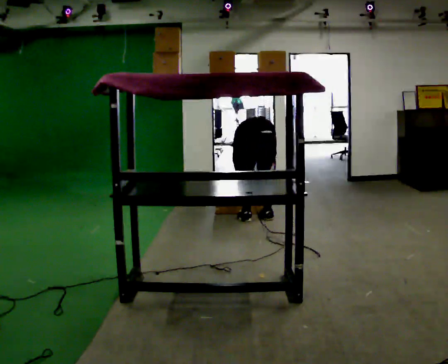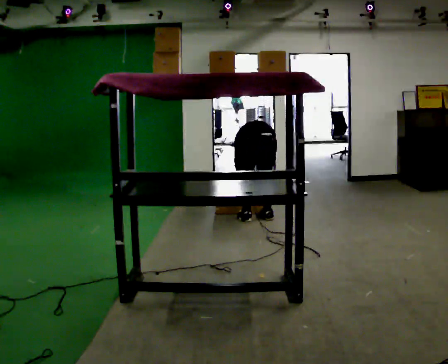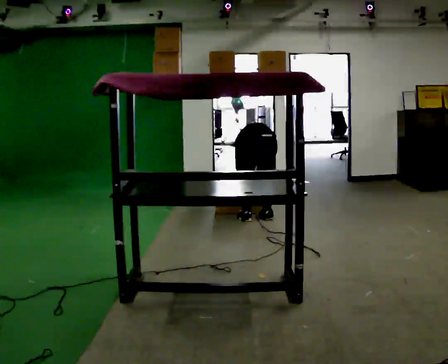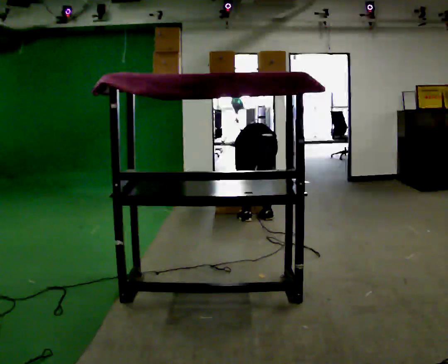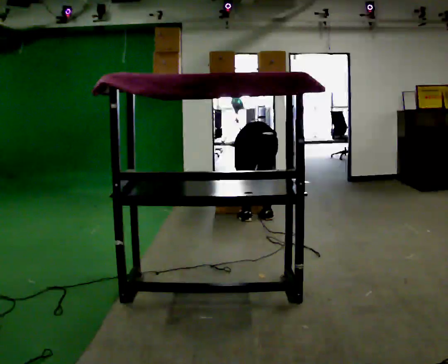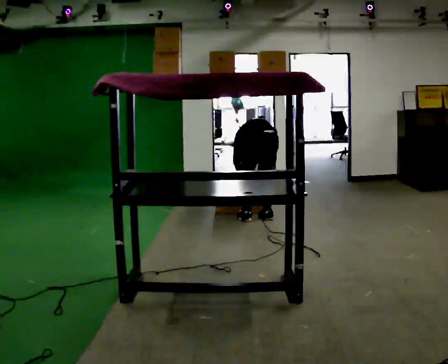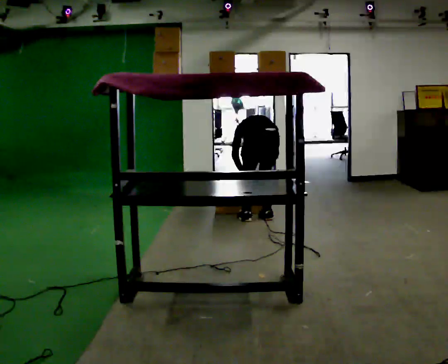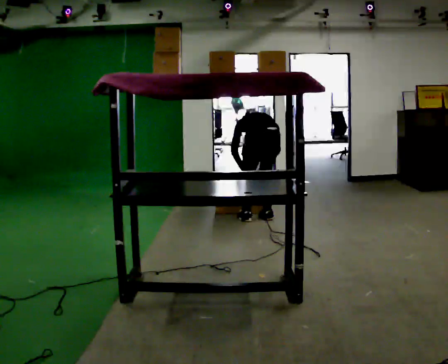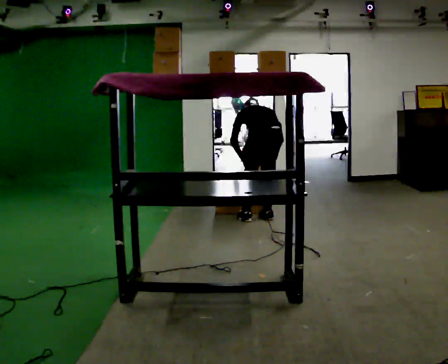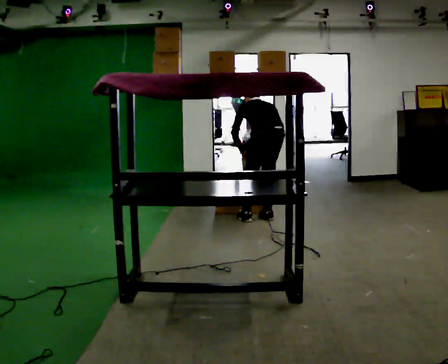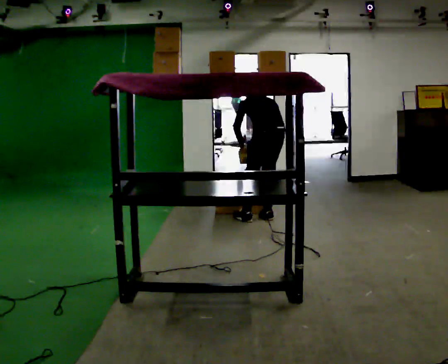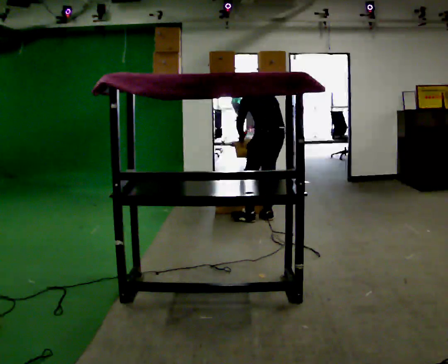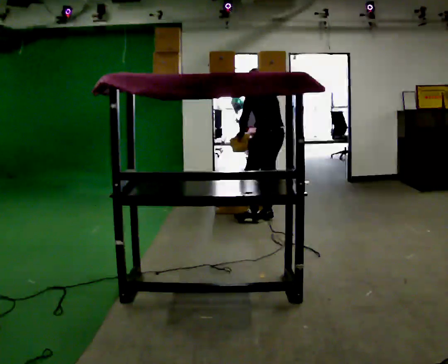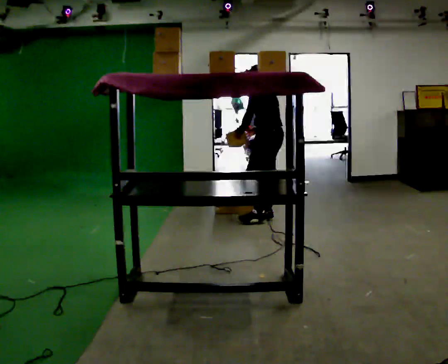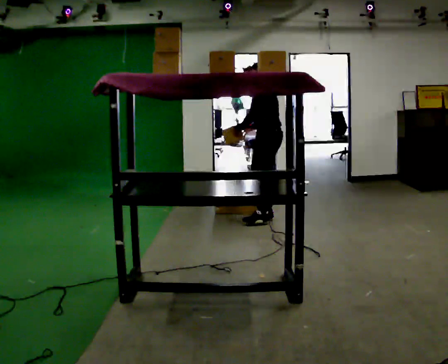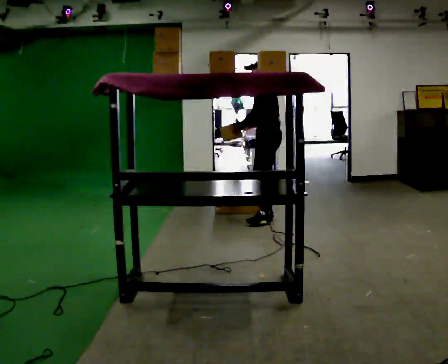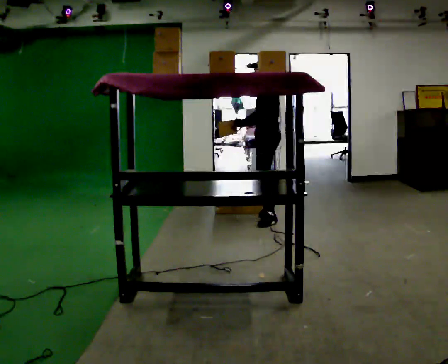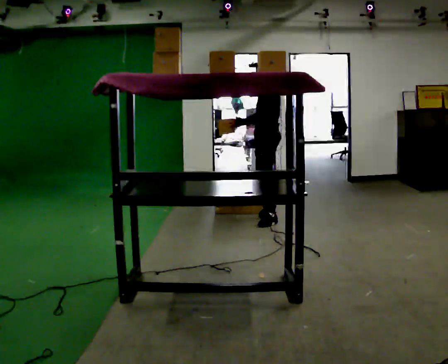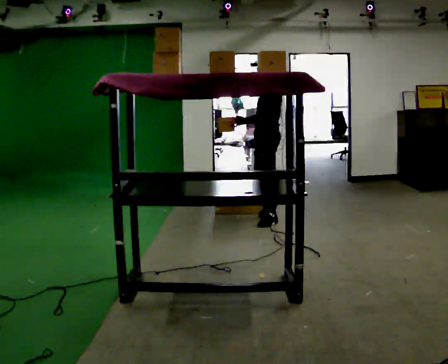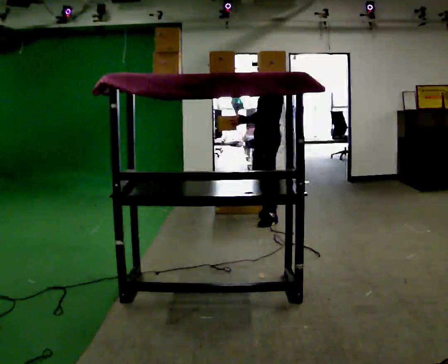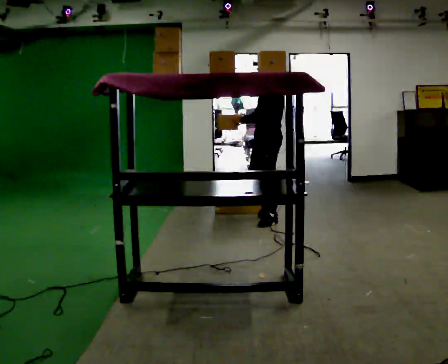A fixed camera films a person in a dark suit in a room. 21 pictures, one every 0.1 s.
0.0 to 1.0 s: Seen from above the body turns counterclockwise, about 30 degrees: to their left, with its near side sliding to the right. The upper body tips toward the camera, its near side rolling downward, as they lean back or straighten. In the picture their left hand goes upward.
1.0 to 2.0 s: The person turns about 75 degrees to their left, counterclockwise seen from above, so the part of the body nearest the lens slides to the right. The upper body tips toward the camera, its near side rolling downward, as they lean back or straighten.
The film runs forward here.
